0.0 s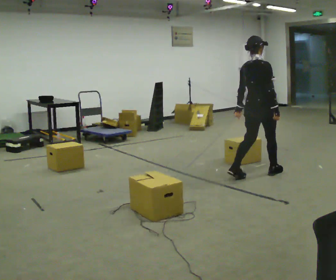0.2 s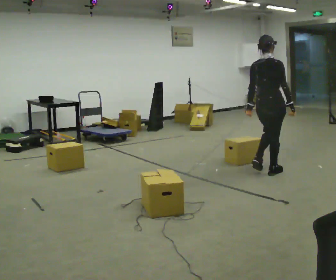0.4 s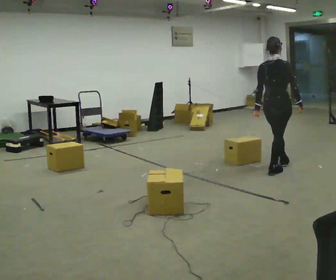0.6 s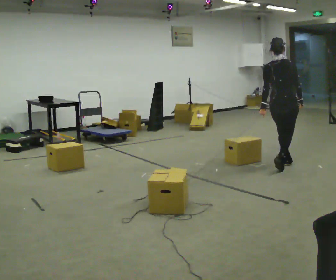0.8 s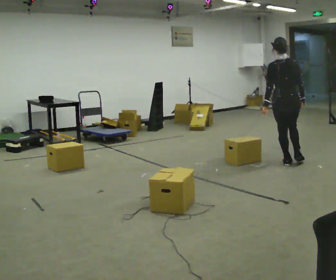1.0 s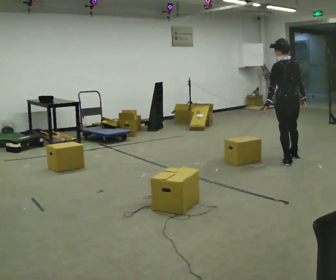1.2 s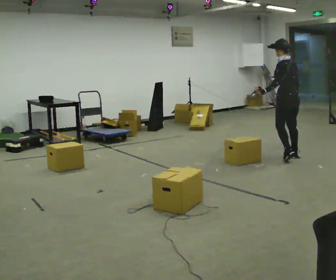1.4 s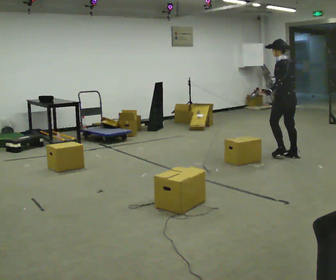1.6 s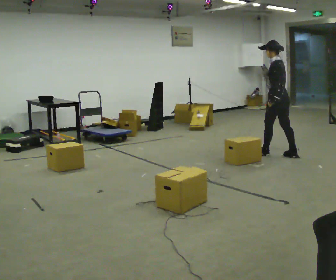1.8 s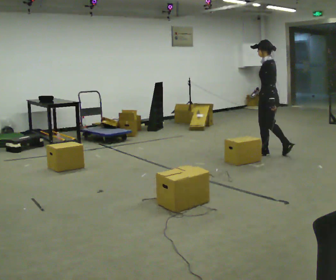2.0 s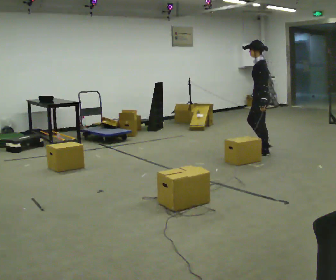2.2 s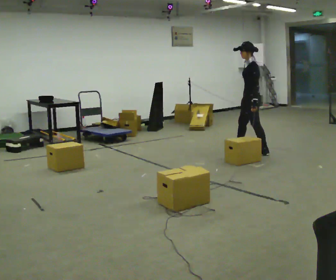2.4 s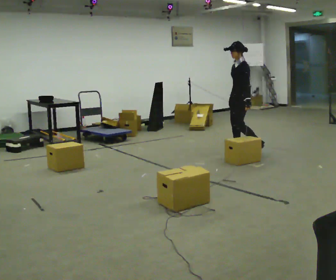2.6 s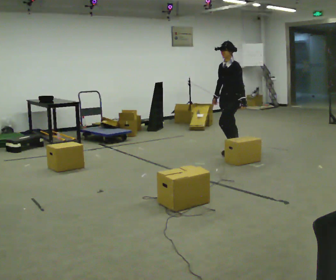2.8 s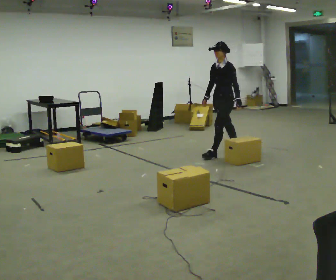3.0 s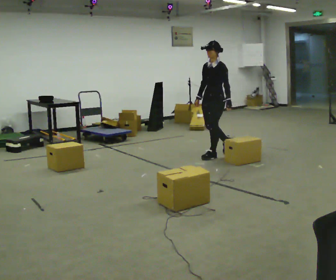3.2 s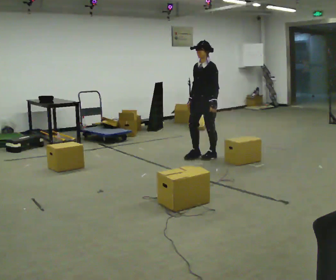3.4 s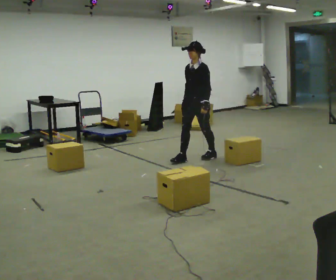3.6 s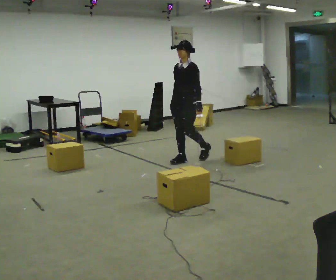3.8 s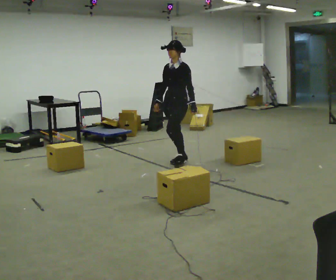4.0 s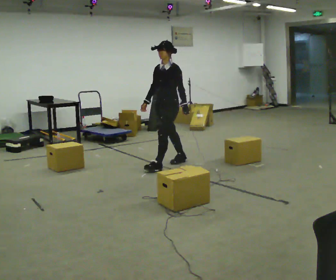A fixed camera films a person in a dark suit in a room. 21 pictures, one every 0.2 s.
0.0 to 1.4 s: Seen from above the body turns counterclockwise, about 90 degrees: to their left, with its near side sliding to the right. In the picture they go away from the camera and to the right, about 1 m in 2 steps.
1.4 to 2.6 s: Seen from above the body turns counterclockwise, about 75 degrees: to their left, with its near side sliding to the right. In the picture they go to the left, about 1 m in 2 steps.
2.6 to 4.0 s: In the picture they go to the left and toward the camera, about 1 m in 3 steps, which for them is forward.
The film runs forward here.
